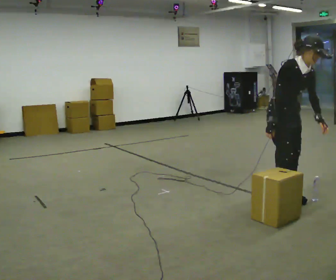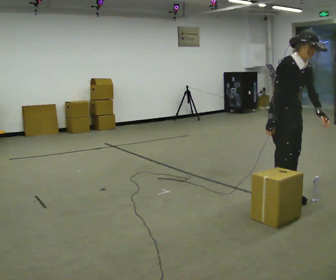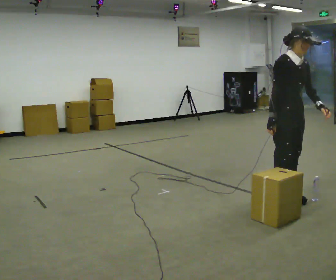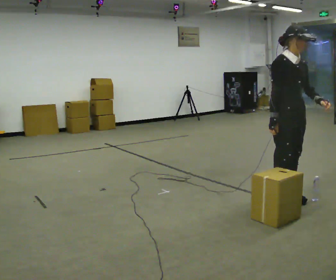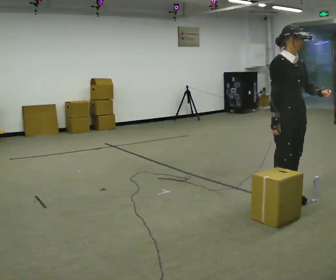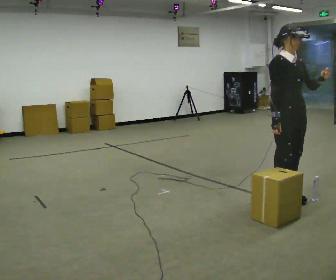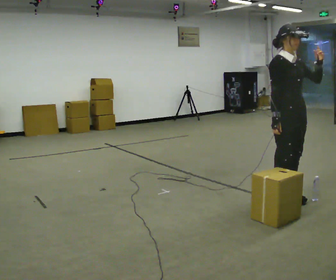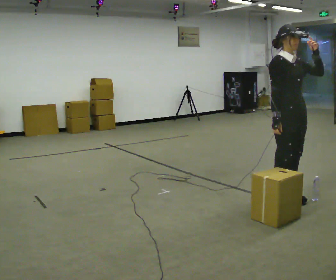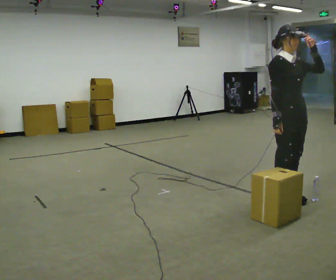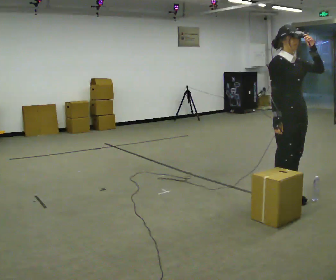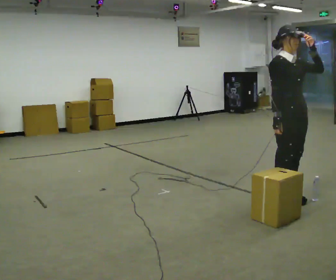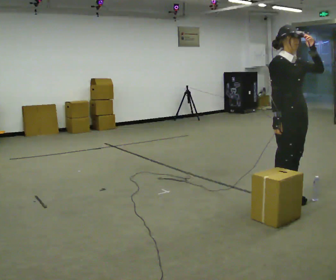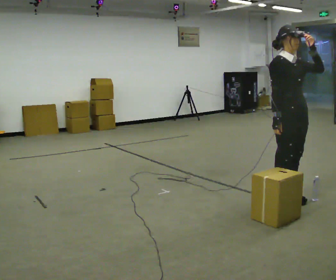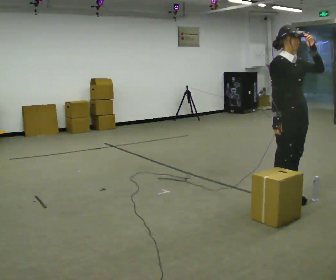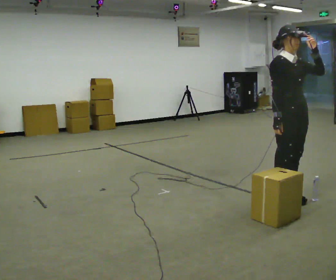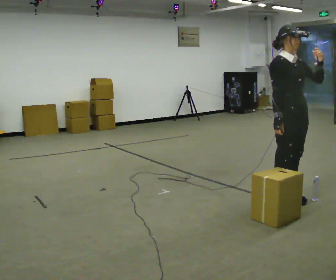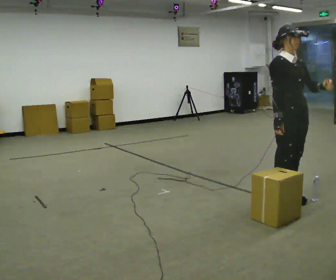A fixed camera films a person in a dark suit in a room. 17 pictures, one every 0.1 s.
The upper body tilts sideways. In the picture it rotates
counterclockwise.
0.0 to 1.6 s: In the picture the upper body tilts counterclockwise, shoulders to the left, as they lean back or straighten.
The film runs forward here.
